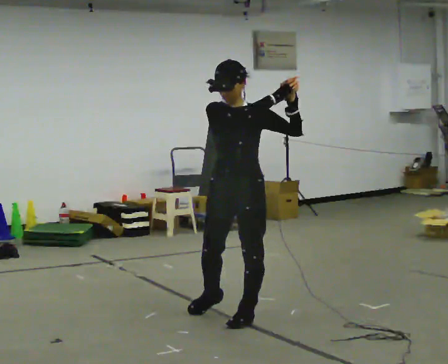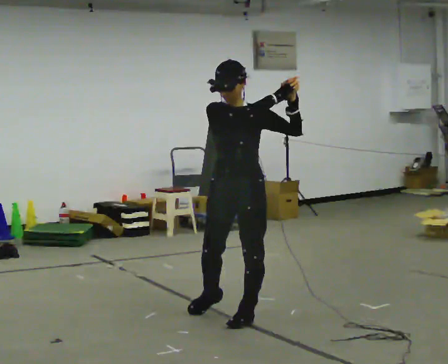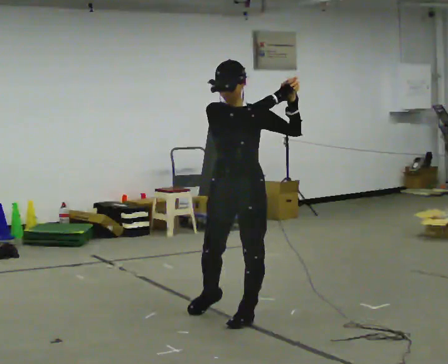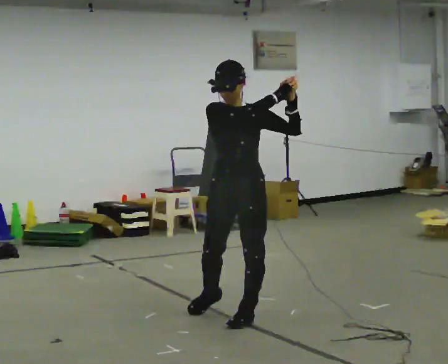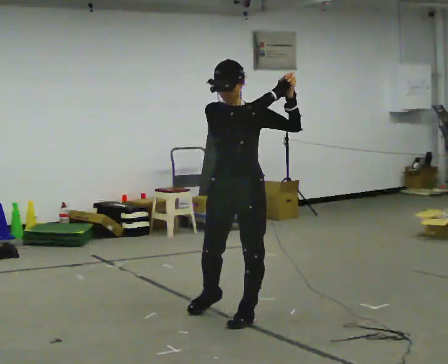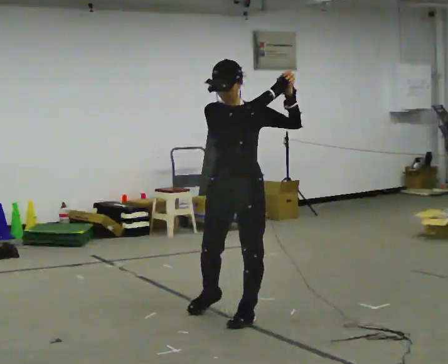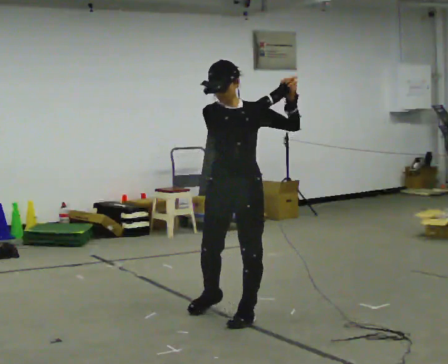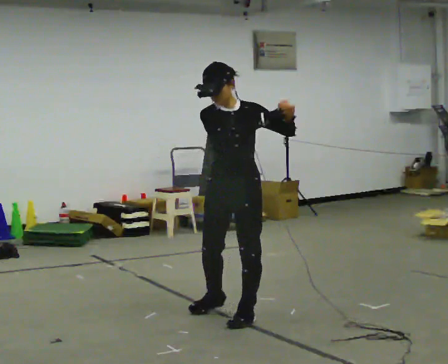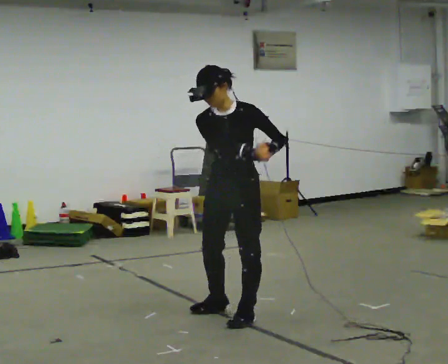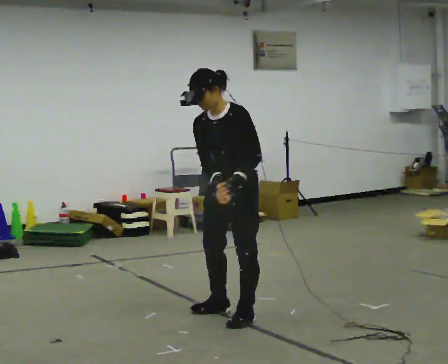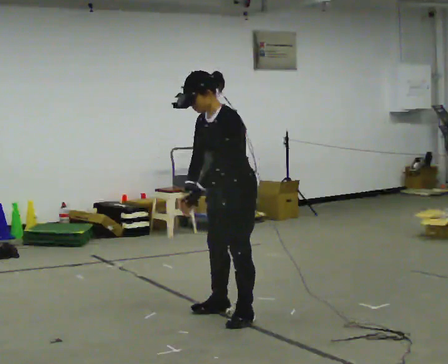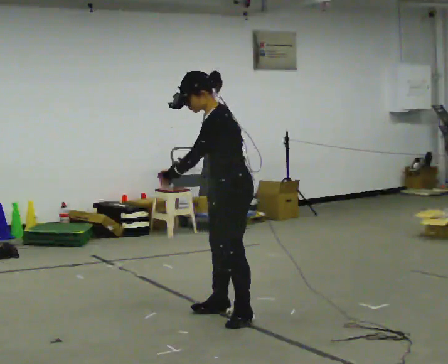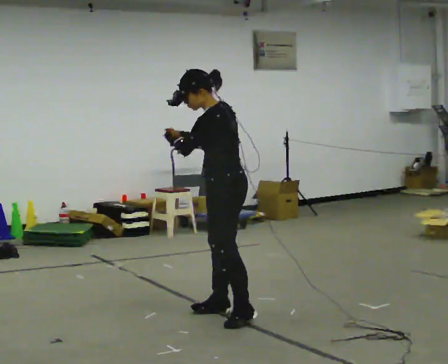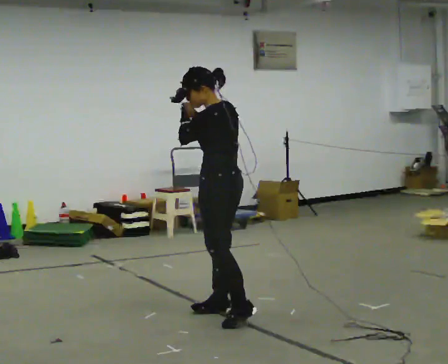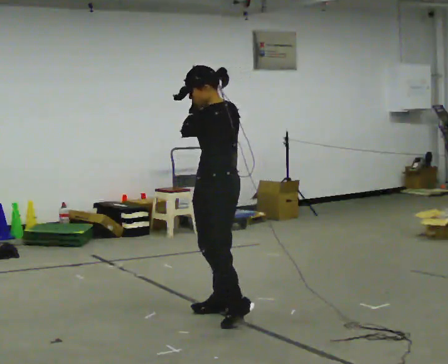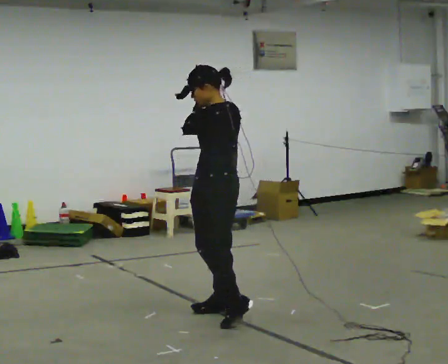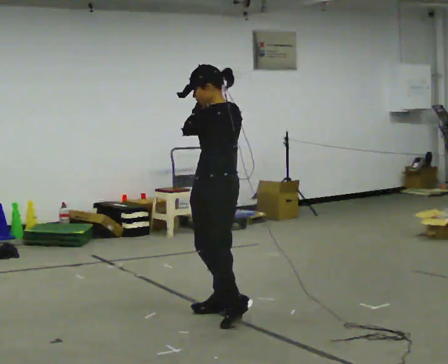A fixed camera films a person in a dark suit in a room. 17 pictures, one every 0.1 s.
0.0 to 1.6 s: The part of the body nearest the lens slides to the left as the person turns to their right by about 105 degrees. In the picture they go away from the camera, about 0.25 m. In the picture their left hand goes to the left.
The film runs backward here.
